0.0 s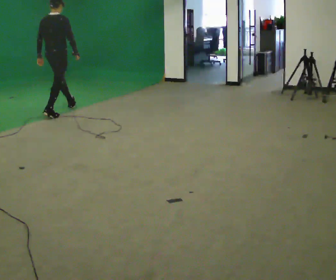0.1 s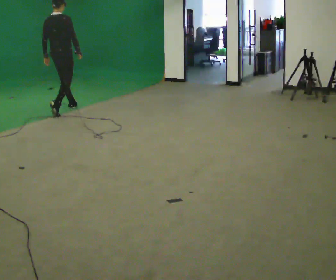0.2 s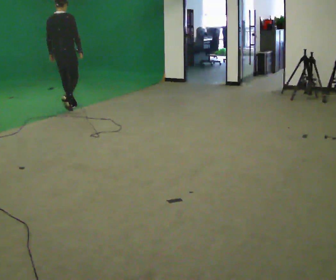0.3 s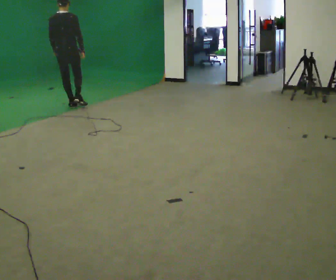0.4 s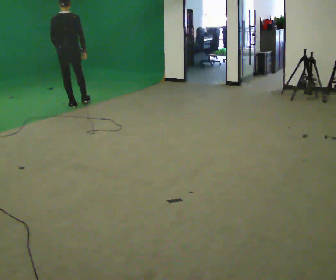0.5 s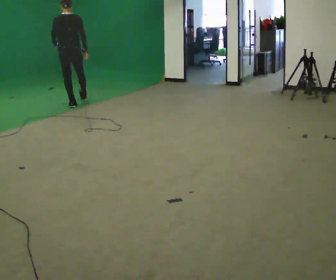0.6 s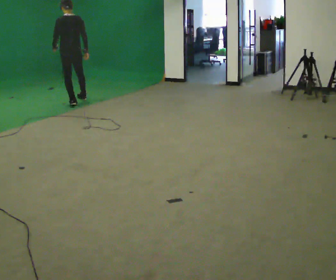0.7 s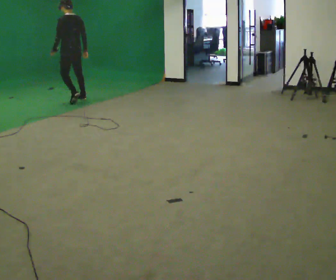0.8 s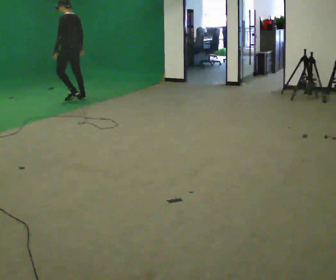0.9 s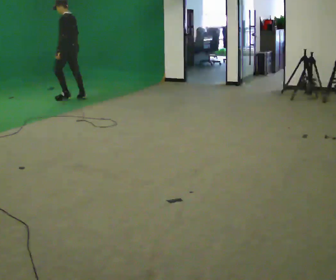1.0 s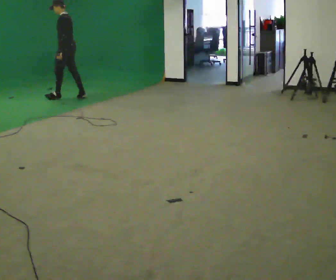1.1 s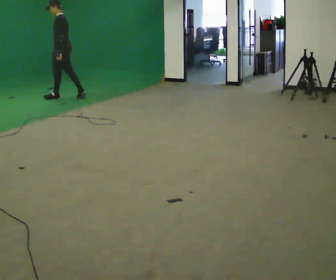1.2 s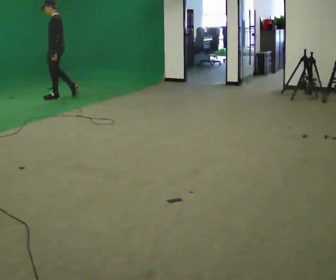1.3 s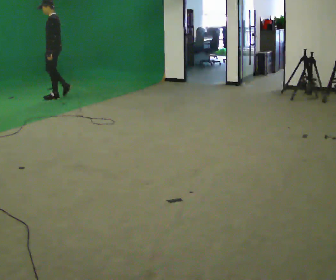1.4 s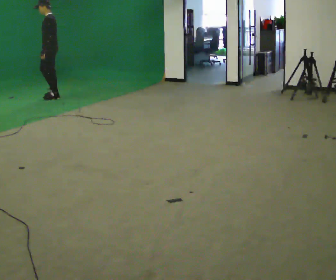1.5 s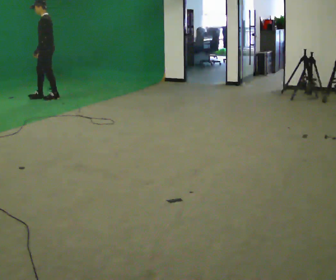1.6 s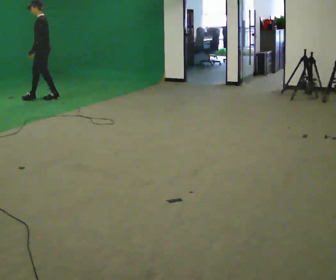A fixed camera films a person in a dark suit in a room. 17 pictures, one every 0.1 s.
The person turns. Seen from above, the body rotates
counterclockwise.
The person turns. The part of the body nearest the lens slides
to the right.
0.0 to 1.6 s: The person turns about 135 degrees to their left, counterclockwise seen from above, so the part of the body nearest the lens slides to the right. In the picture they go away from the camera, about 1 m in 3 steps.
The film runs forward here.
